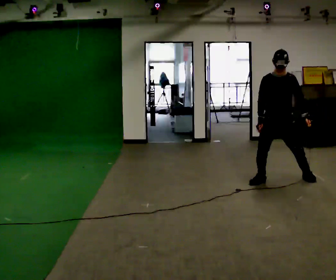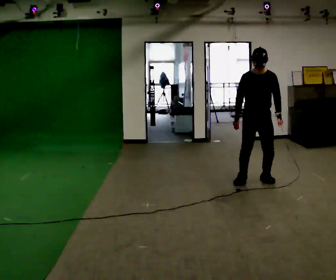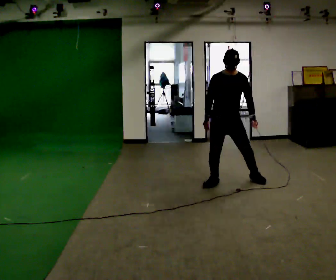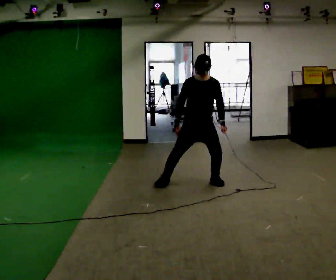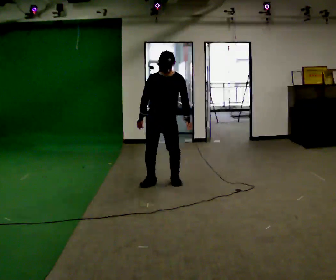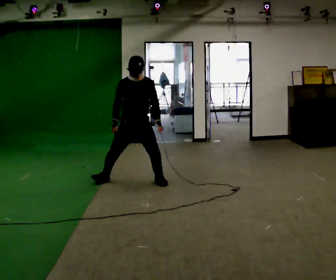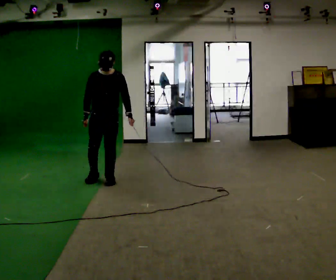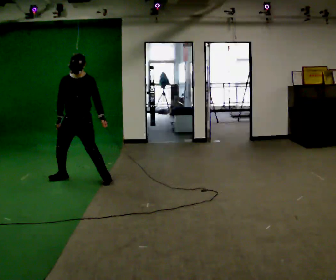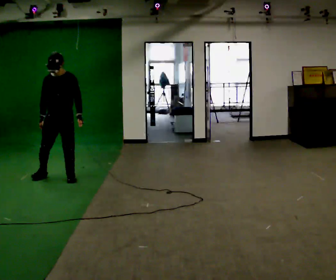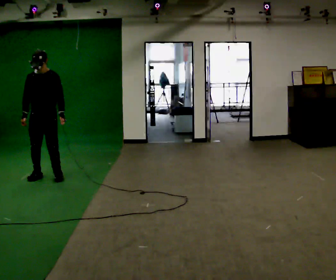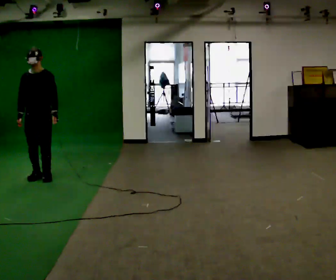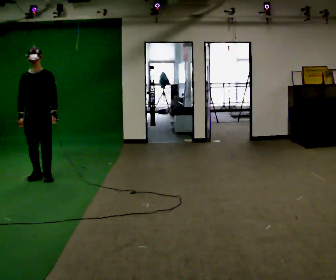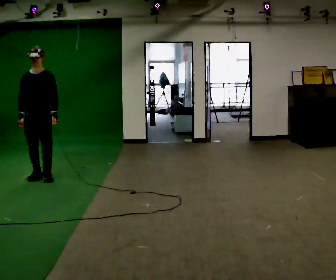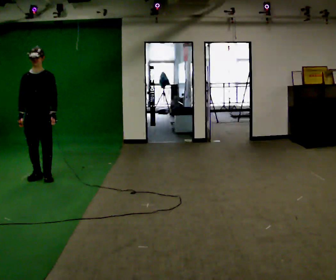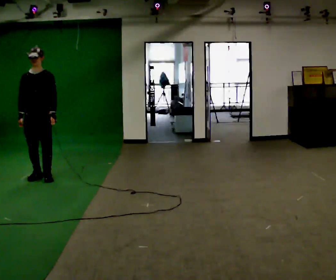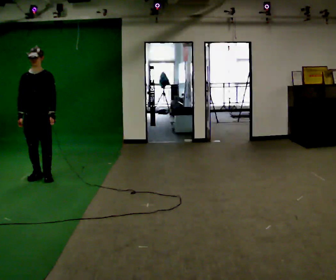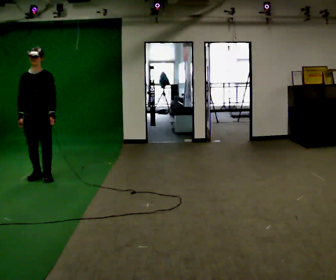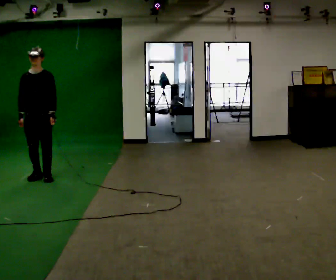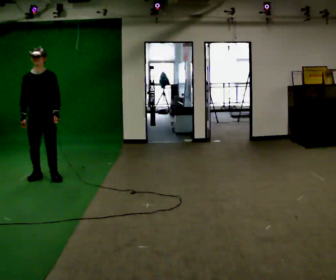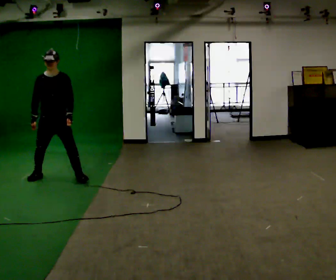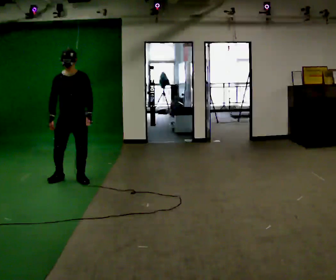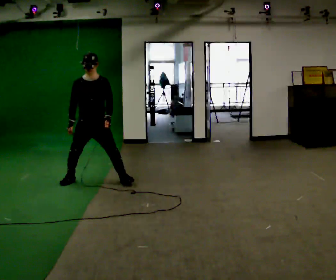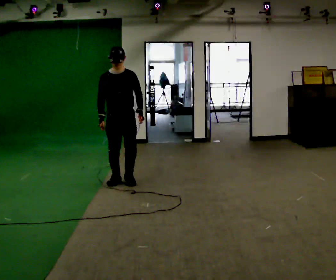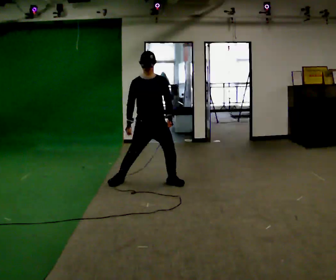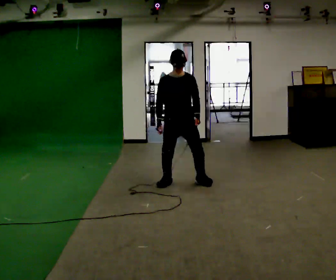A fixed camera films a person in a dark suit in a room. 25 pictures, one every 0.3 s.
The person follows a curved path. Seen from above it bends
counterclockwise.
0.0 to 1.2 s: In the picture they go to the left, about 1.5 m in 4 steps, which for them is to their right.
1.2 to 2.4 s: In the picture they go to the left, about 1.5 m in 5 steps, which for them is to their right.
2.4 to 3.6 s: In the picture they go to the left, about 0.25 m in 2 steps, which for them is to their right.
3.6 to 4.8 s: The person keeps their place and pose.
4.8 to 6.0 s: In the picture they go to the right, about 0.5 m in 1 step, which for them is to their left.
6.0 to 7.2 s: In the picture they go to the right, about 1.5 m in 5 steps, which for them is to their left.
The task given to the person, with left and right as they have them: Shuffle sideways quickly in the direction the operator calls, without crossing your feet.
The film runs forward here.
